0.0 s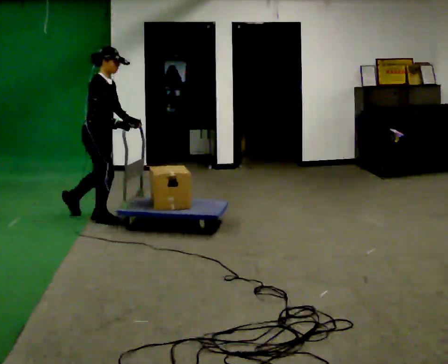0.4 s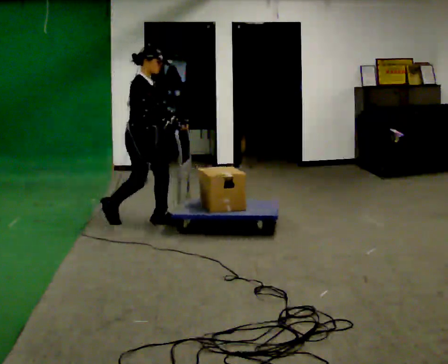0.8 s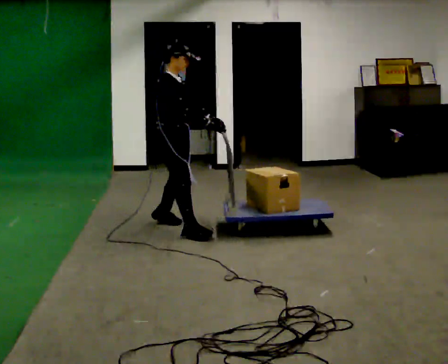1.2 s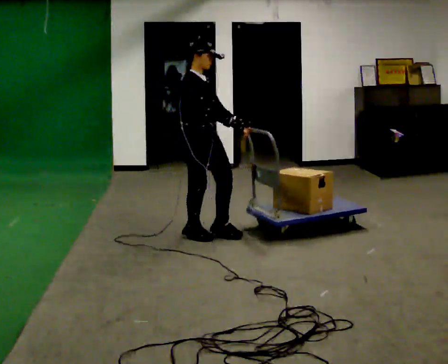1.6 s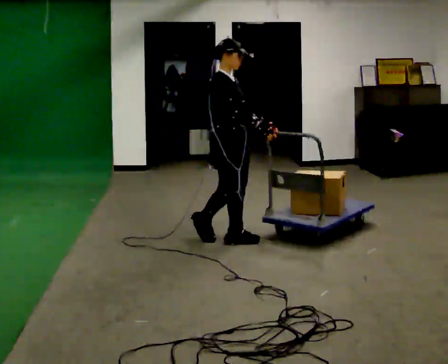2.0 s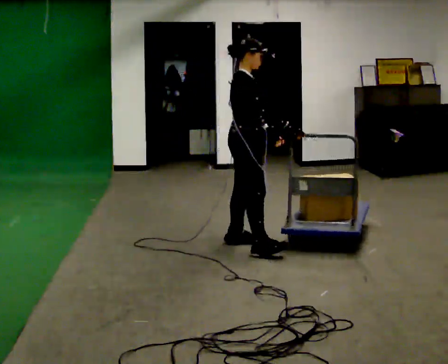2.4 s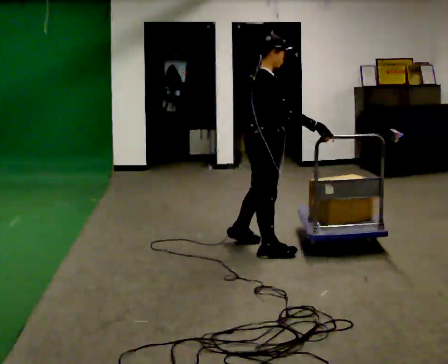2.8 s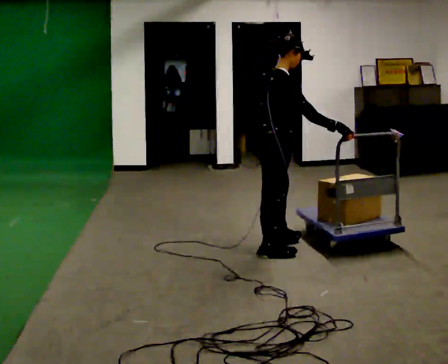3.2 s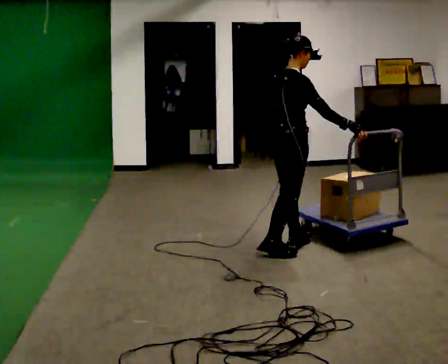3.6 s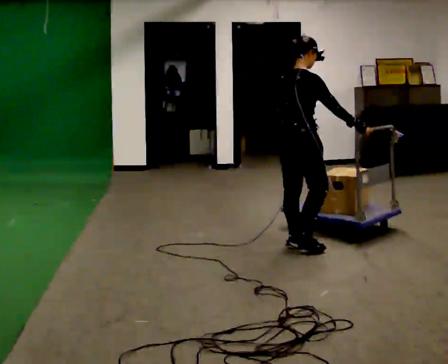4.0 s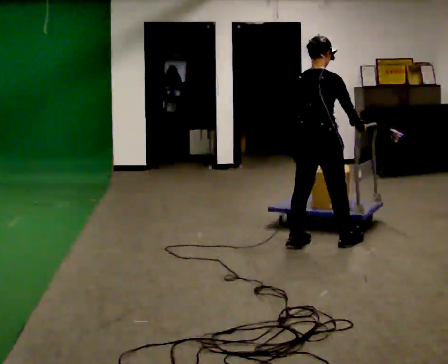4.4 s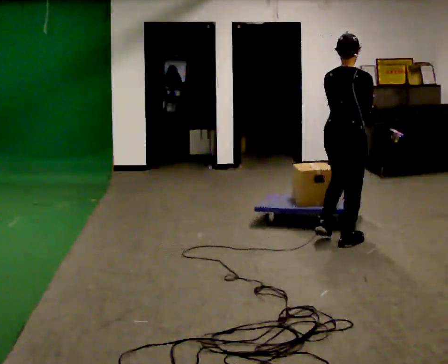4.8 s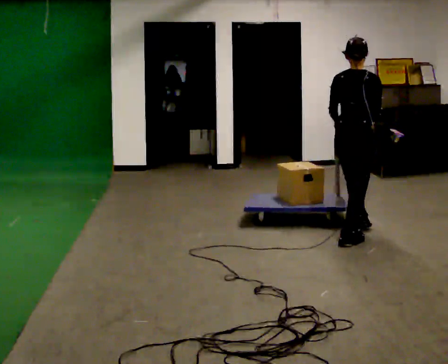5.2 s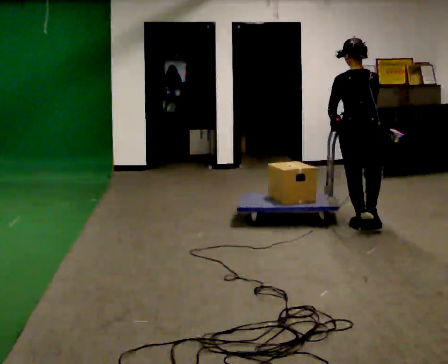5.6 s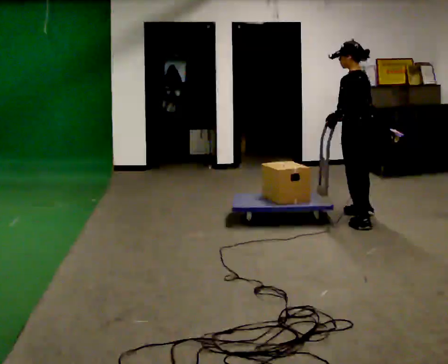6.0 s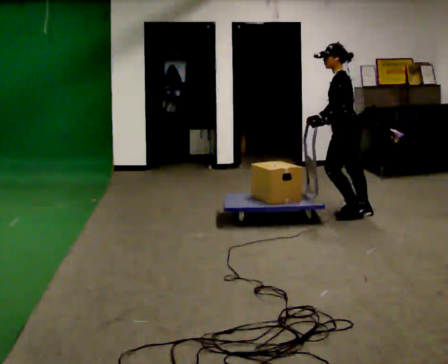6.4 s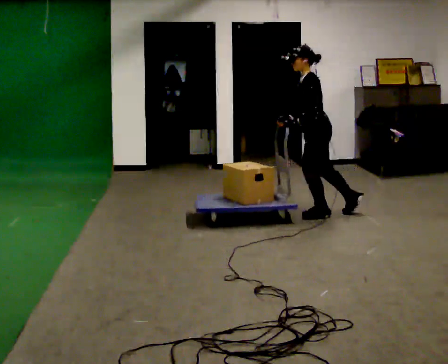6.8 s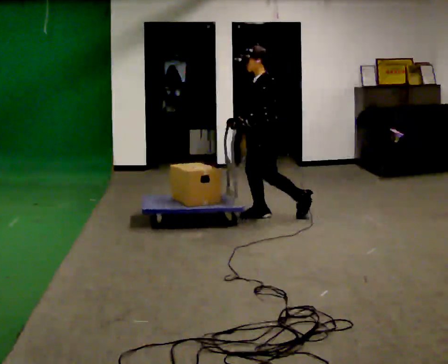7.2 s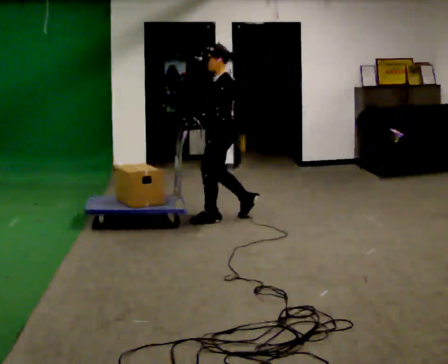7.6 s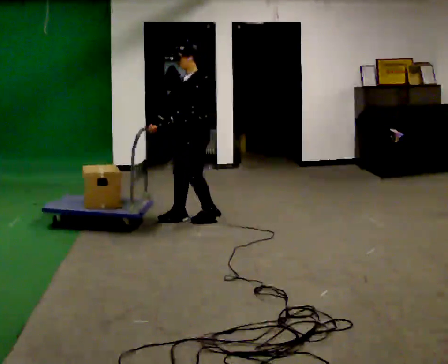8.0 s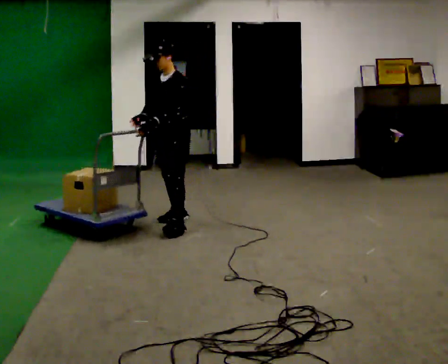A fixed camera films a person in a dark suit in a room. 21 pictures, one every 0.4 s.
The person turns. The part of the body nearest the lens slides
to the right.
The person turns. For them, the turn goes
to their left.
0.0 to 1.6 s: In the picture they go to the right, about 1 m in 3 steps, which for them is forward.
1.6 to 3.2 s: The person turns about 30 degrees to their left, counterclockwise seen from above, so the part of the body nearest the lens slides to the right. In the picture they go to the right, about 0.5 m in 2 steps, which for them is forward and to their right.
3.2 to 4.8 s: The person turns about 45 degrees to their left, counterclockwise seen from above, so the part of the body nearest the lens slides to the right. In the picture they go to the right and away from the camera, about 0.5 m in 2 steps, which for them is forward and to their right.
4.8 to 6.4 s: The person turns about 120 degrees to their left, counterclockwise seen from above, so the part of the body nearest the lens slides to the right. In the picture they go away from the camera and to the left, about 1 m in 2 steps.
6.4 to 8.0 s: The person turns about 45 degrees to their left, counterclockwise seen from above, so the part of the body nearest the lens slides to the right. In the picture they go to the left, about 1.5 m in 3 steps, which for them is forward.
The film runs forward here.
